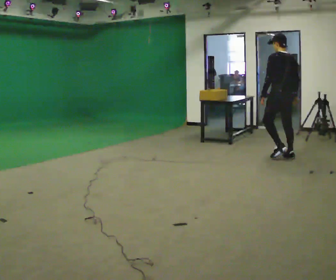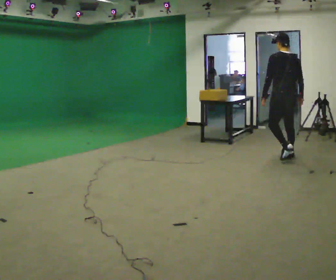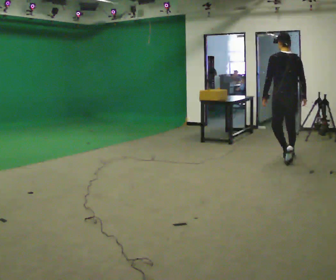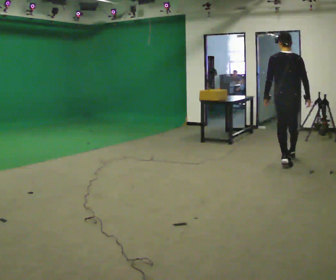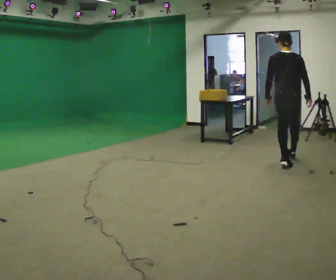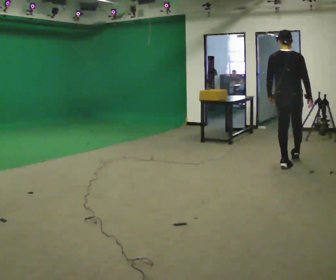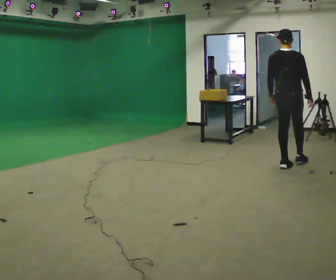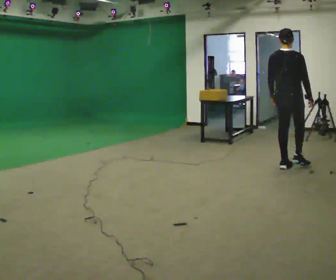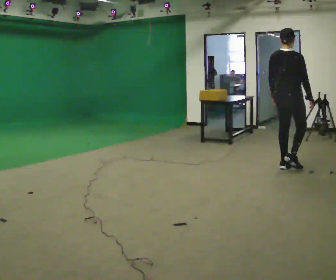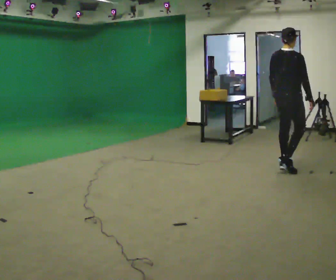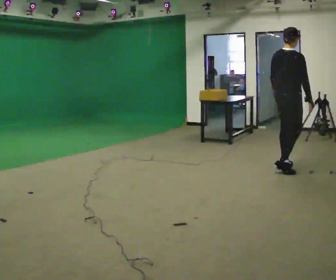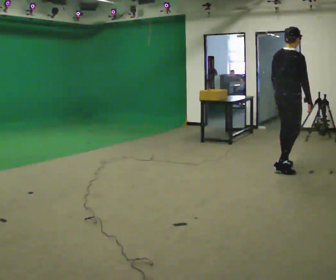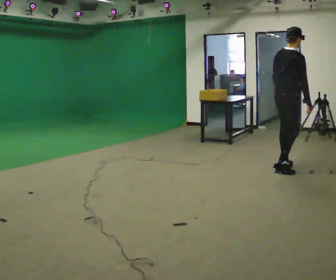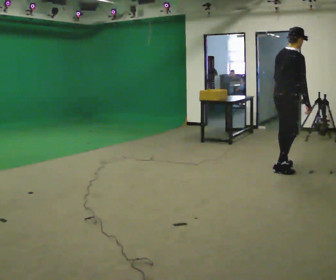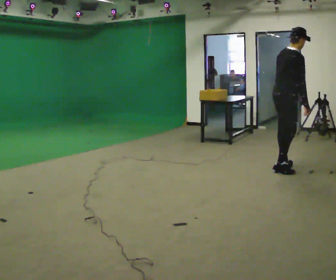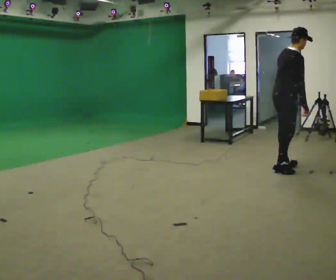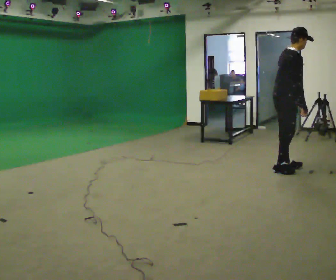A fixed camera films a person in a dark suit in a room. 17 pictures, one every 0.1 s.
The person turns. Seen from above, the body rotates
clockwise.
The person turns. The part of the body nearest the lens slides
to the left.
0.0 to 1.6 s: The person turns about 105 degrees to their right, clockwise seen from above, so the part of the body nearest the lens slides to the left. In the picture they go toward the camera, about 0.5 m in 1 step. In the picture the upper body tilts clockwise, shoulders to the right.
The film runs backward here.
